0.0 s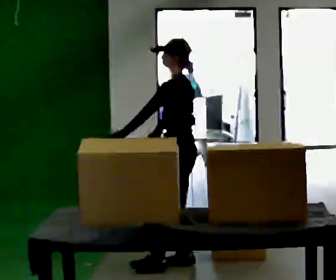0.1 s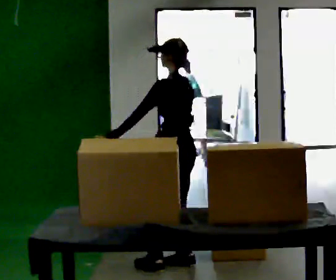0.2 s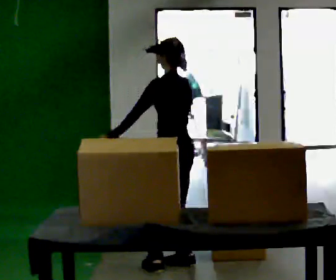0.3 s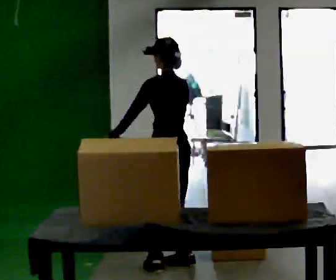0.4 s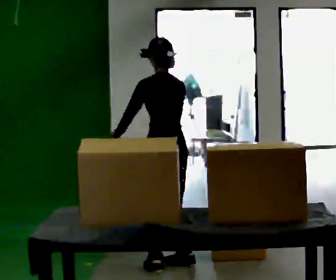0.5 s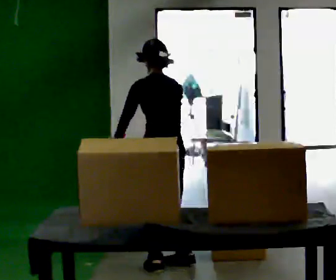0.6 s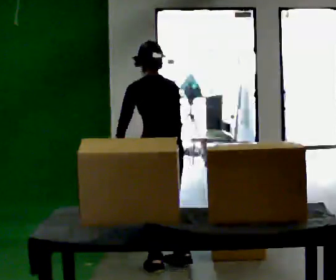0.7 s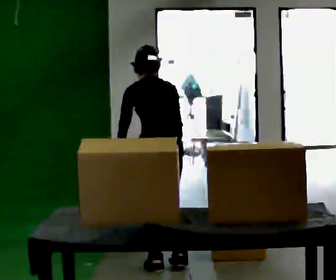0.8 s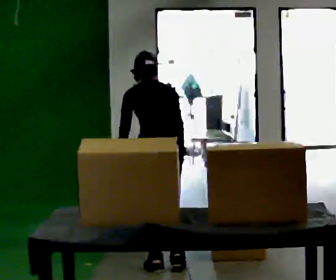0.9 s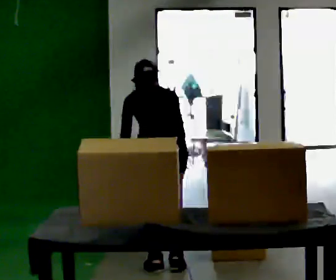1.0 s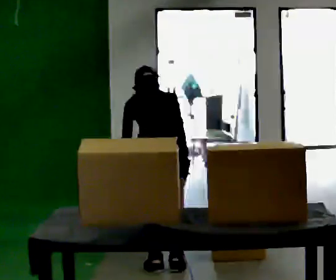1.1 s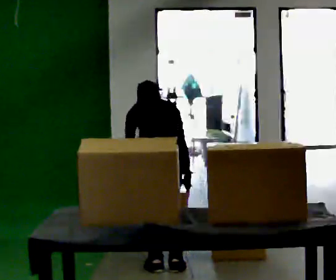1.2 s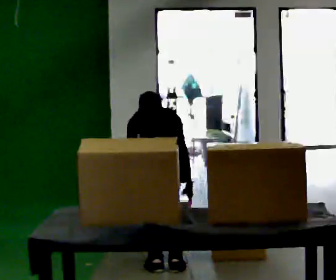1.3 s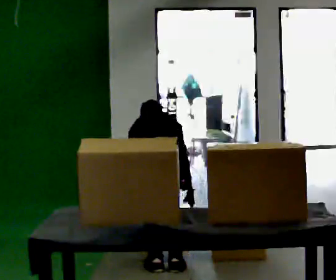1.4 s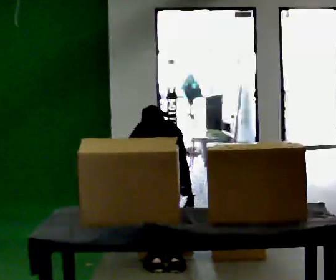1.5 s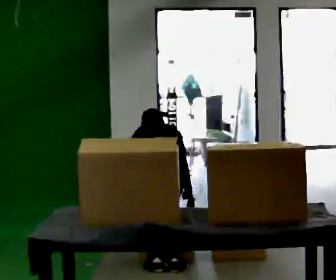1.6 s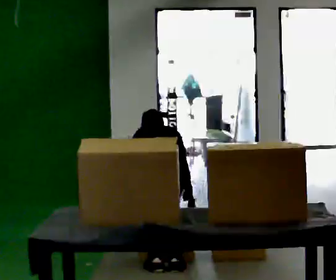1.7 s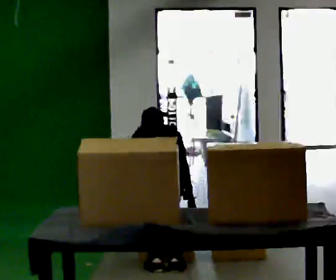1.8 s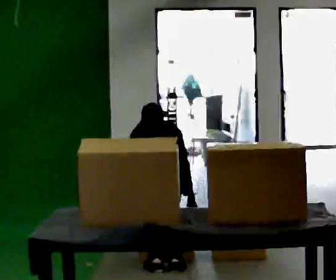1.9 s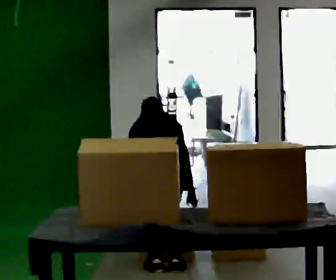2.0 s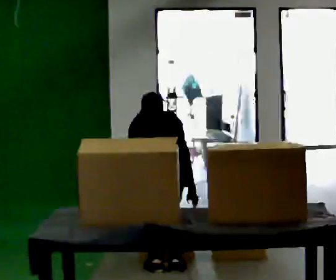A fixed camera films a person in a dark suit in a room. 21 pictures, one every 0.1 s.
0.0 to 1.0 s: The person turns about 75 degrees to their right, clockwise seen from above, so the part of the body nearest the lens slides to the left. In the picture they go to the left and toward the camera, about 0.25 m in 1 step. The upper body tips away from the camera, its near side rolling upward, as they bend forward.
1.0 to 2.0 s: The person moves a little, or ends about where they began.
The film runs backward here.
